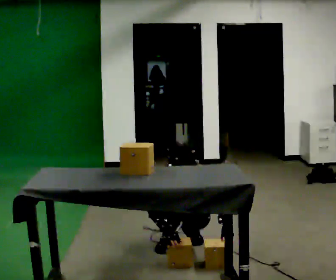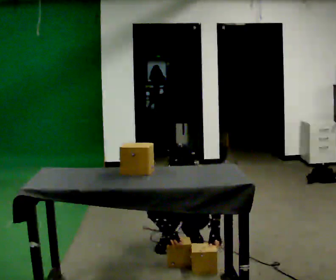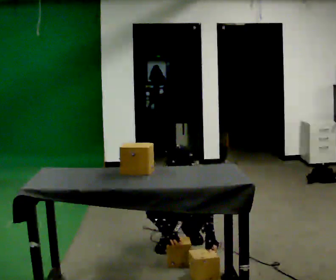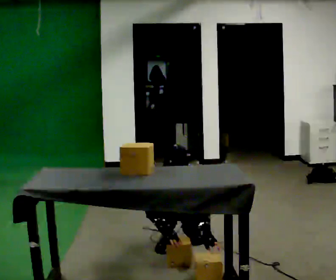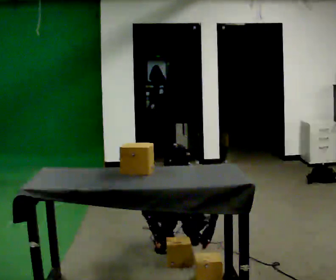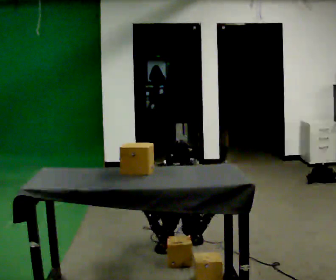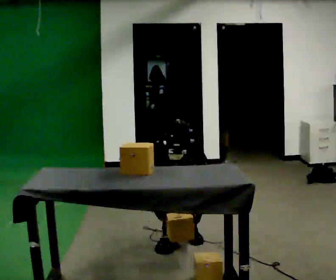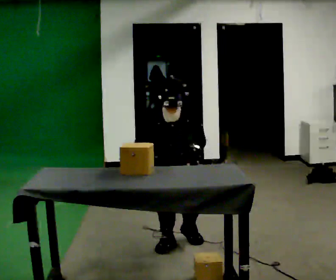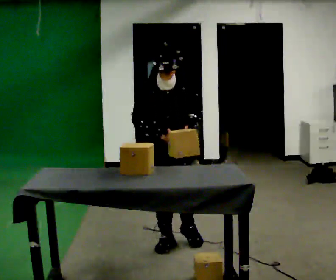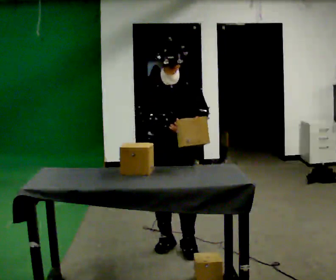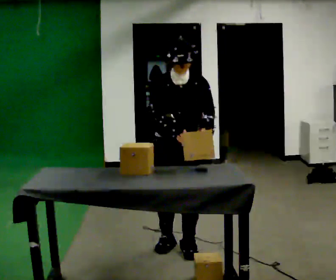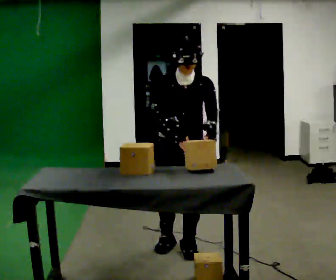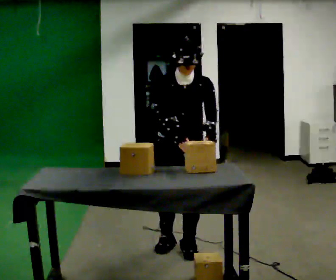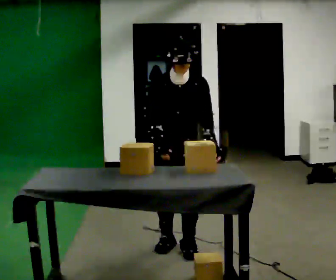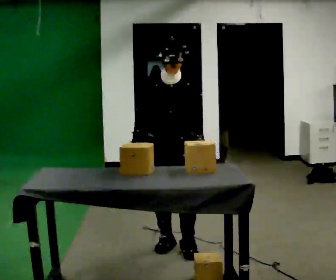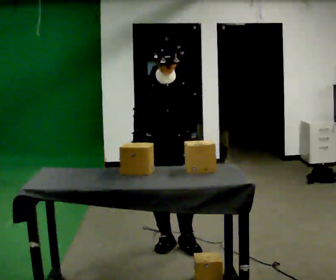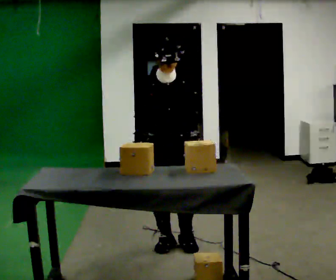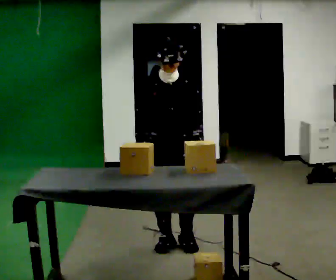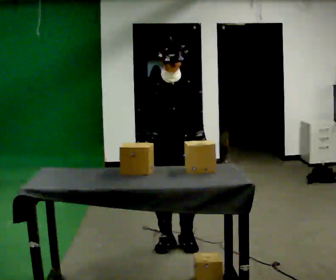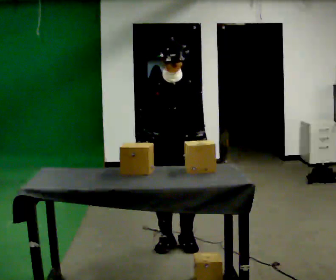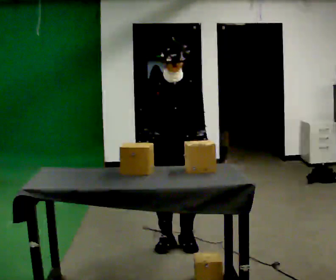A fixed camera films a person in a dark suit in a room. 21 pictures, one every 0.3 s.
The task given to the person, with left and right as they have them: Take the boxes off the top, get the one from the bottom, carry it away, then put the others back. Keep going until the operator says stop; one object at a time, and do not rush between trips.
0.0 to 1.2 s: The person moves a little, or ends about where they began.
1.2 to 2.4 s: The shoulders move upward. The upper body tips away from the camera, its near side rolling upward, as they lean back or straighten. In the picture their left hand goes upward.
2.4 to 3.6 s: The person moves a little, or ends about where they began.
3.6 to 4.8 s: The upper body tips away from the camera, its near side rolling upward, as they lean back or straighten.
4.8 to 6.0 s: The person moves a little, or ends about where they began.
The film runs forward here.
